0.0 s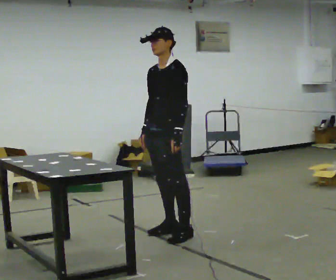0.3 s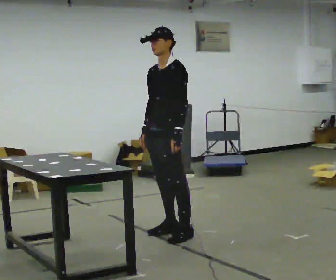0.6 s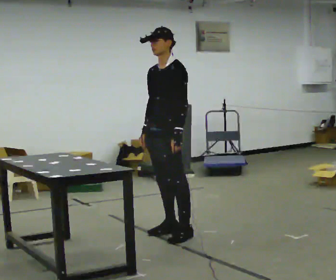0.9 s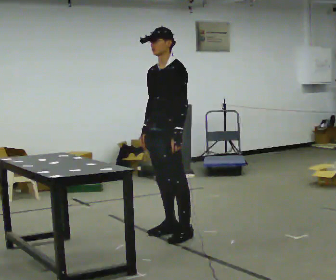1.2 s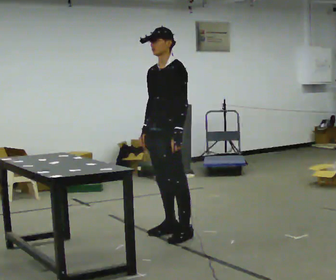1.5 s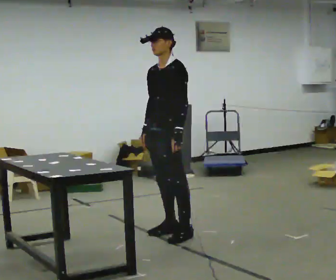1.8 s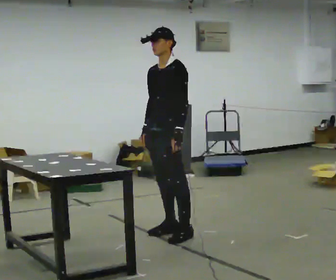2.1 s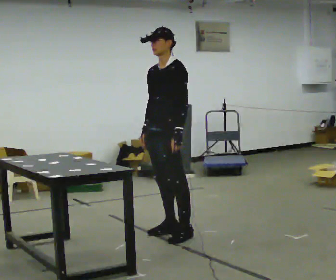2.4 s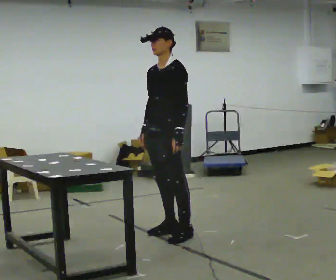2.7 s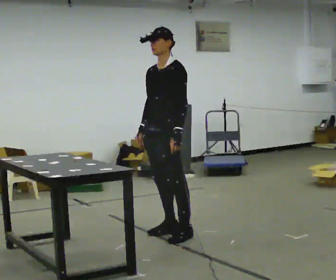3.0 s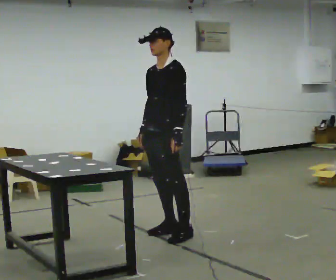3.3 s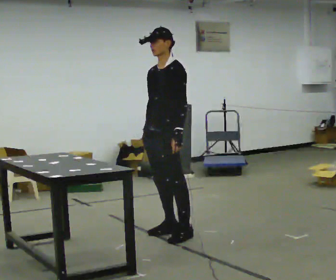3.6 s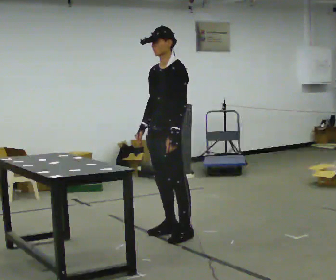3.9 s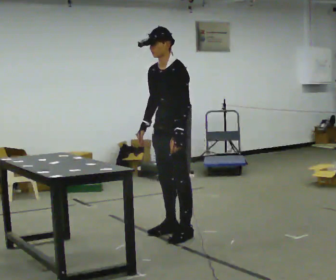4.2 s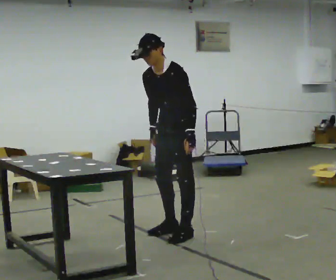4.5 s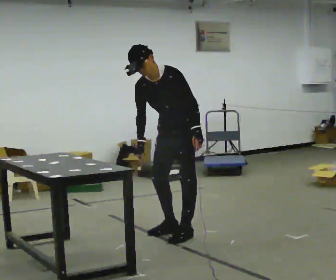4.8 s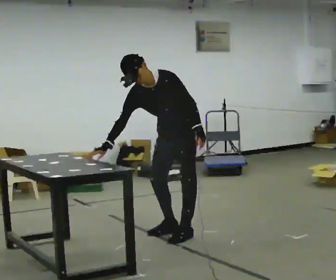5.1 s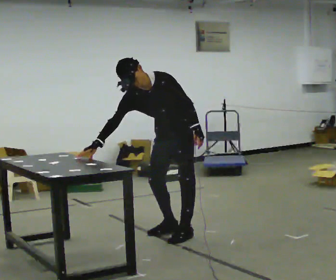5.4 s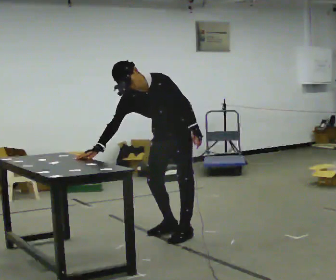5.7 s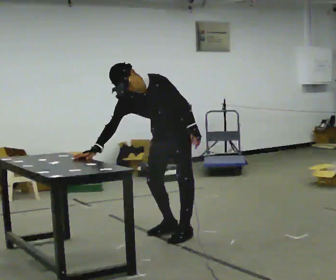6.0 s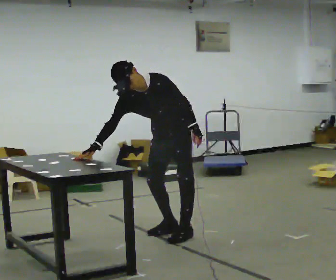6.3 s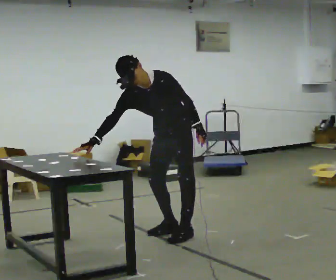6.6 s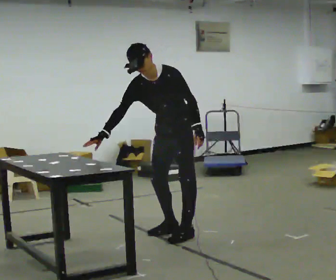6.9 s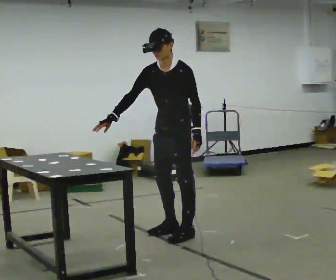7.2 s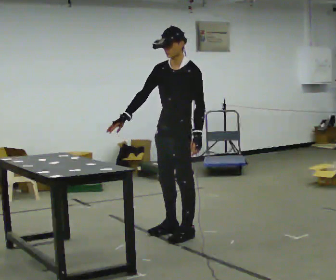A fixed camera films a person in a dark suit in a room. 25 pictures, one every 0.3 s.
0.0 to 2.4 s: The person keeps their place and pose.
2.4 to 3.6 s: The person moves a little, or ends about where they began.
3.6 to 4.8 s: The person turns about 30 degrees to their left, counterclockwise seen from above, so the part of the body nearest the lens slides to the right. In the picture the upper body tilts counterclockwise, shoulders to the left, as they bend forward.
4.8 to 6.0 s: The person moves a little, or ends about where they began.
6.0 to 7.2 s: The person turns about 30 degrees to their right, clockwise seen from above, so the part of the body nearest the lens slides to the left. In the picture the upper body tilts clockwise, shoulders to the right, as they lean back or straighten.
The film runs backward here.
